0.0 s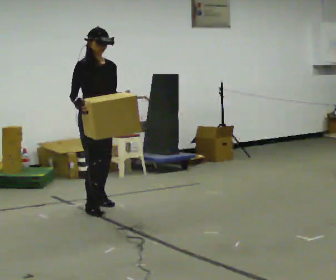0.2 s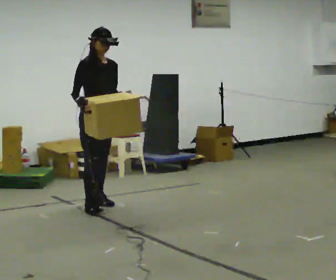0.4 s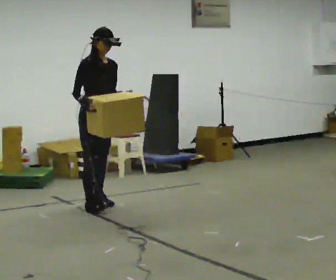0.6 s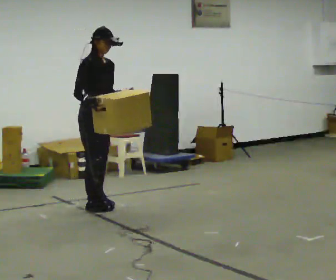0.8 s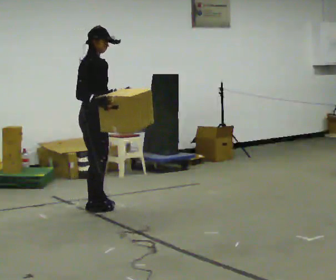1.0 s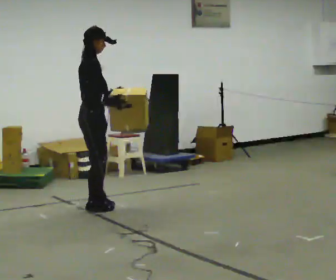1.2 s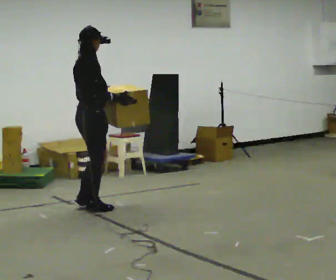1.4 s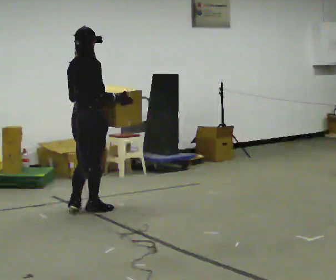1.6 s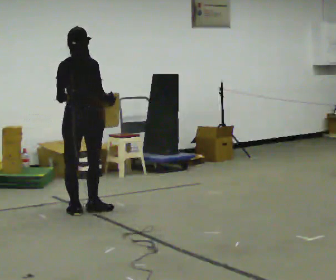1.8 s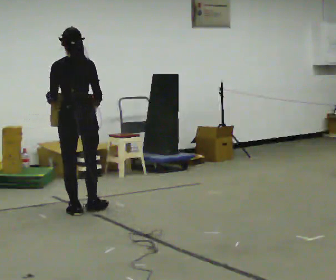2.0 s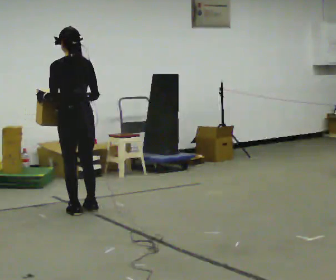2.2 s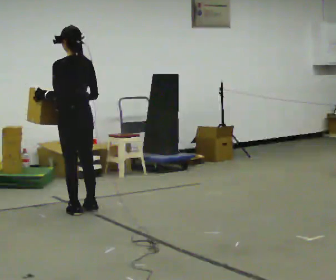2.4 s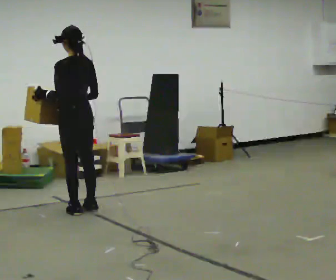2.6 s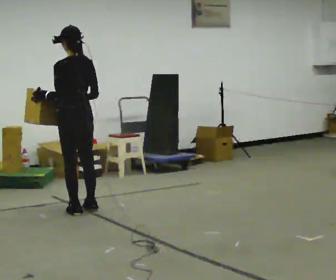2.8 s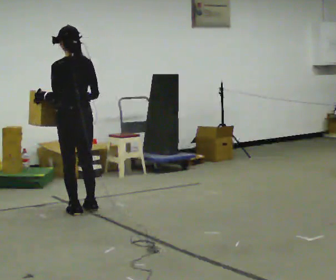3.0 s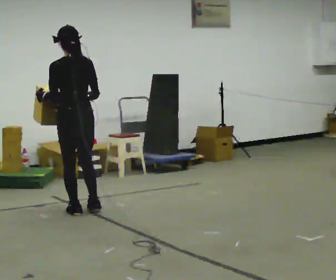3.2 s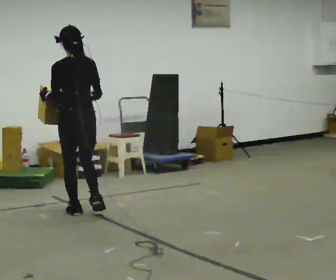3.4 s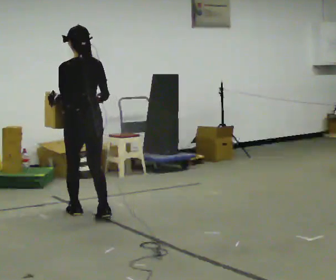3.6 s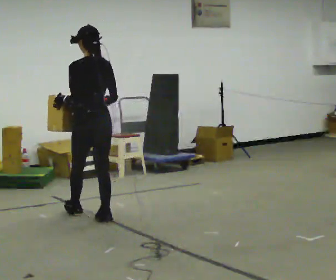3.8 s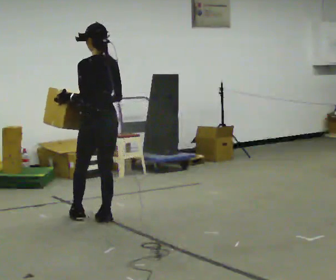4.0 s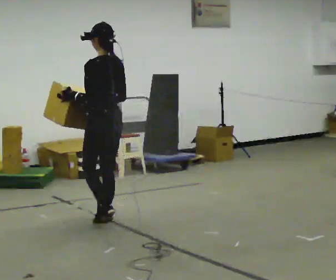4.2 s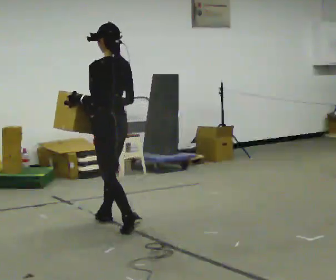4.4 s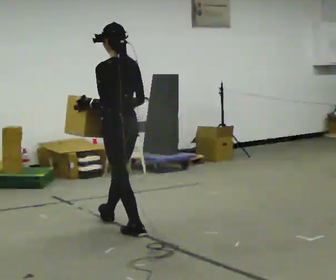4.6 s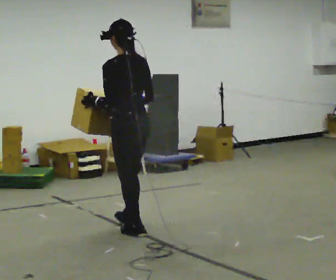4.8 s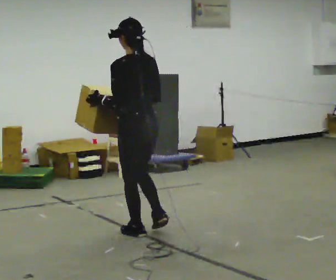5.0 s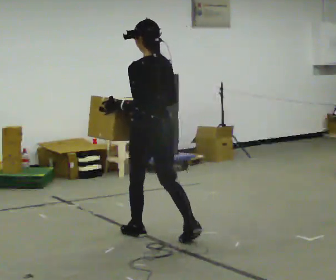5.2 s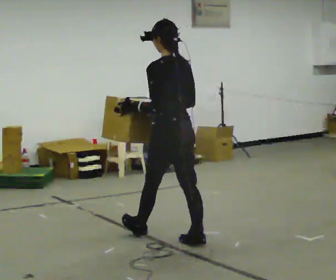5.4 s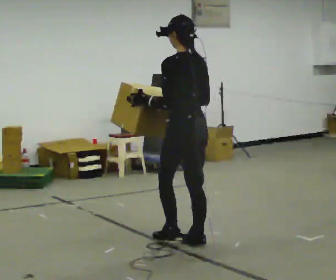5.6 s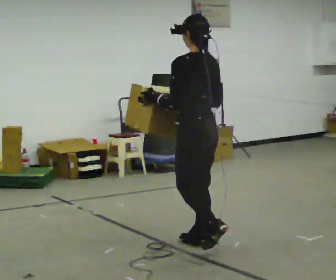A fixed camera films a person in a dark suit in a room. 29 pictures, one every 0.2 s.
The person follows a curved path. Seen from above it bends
counterclockwise.
0.0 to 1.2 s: The part of the body nearest the lens slides to the right as the person turns to their left by about 75 degrees. In the picture their right hand goes to the right, the arm swinging counterclockwise.
1.2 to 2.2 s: The part of the body nearest the lens slides to the right as the person turns to their left by about 105 degrees. In the picture their left hand goes to the left.
2.2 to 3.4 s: In the picture they go toward the camera, about 0.25 m in 1 step, which for them is backward.
3.4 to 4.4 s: Seen from above the body turns counterclockwise, about 30 degrees: to their left, with its near side sliding to the right. In the picture they go toward the camera and to the right, about 0.5 m in 1 step, which for them is backward.
4.4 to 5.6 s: In the picture they go toward the camera and to the right, about 1 m in 2 steps, which for them is backward.
The film runs backward here.
